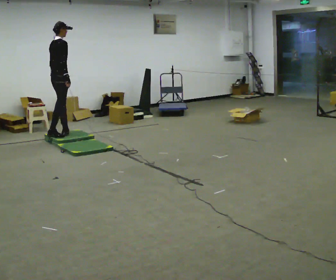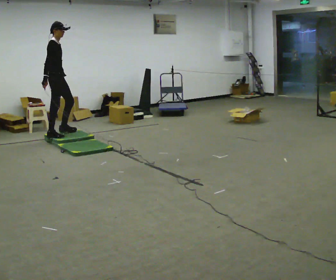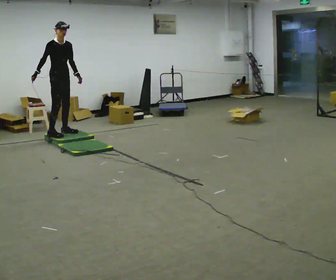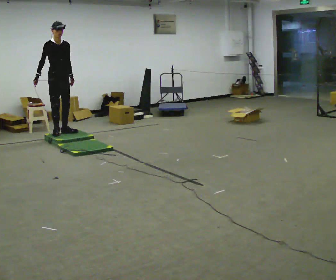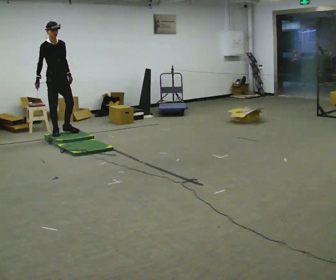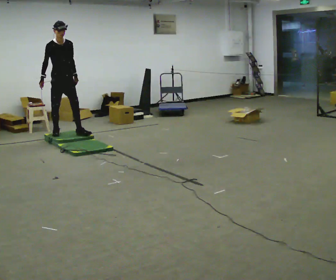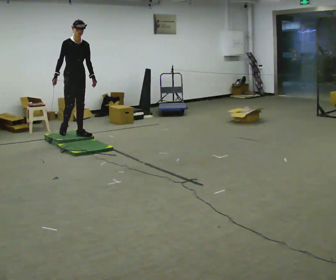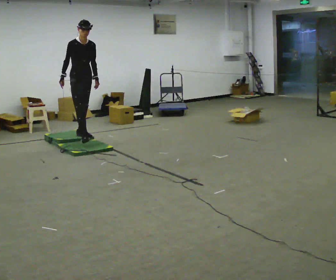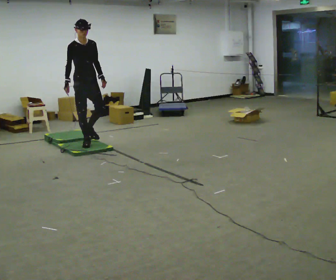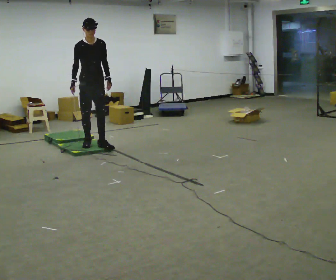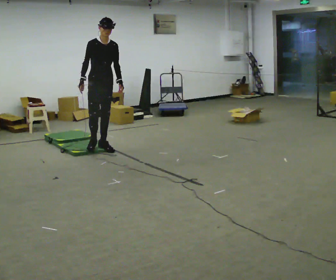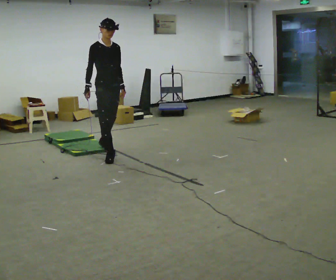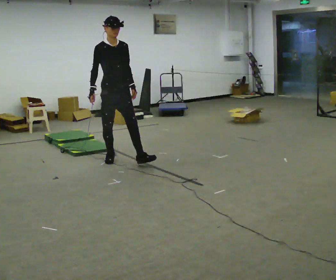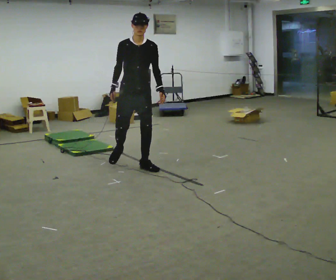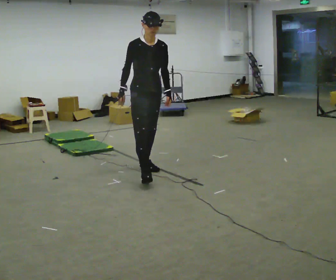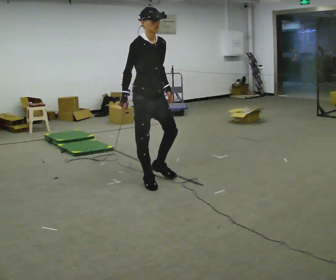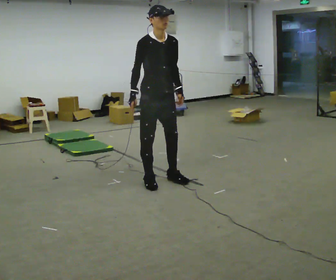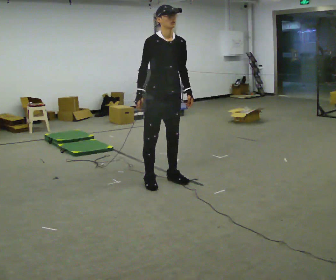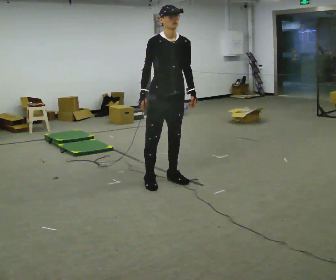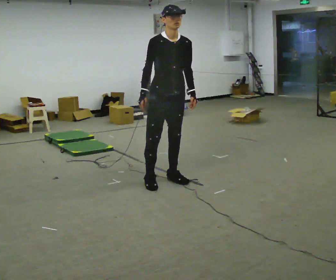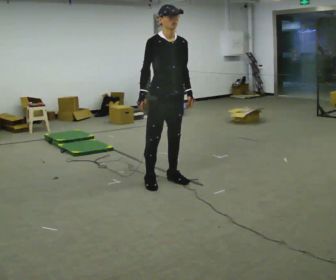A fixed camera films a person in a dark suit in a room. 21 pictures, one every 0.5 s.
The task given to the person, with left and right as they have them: Walk across the mats at a normal pace. They may not all feel the same underfoot. Carry on afterwards.
0.0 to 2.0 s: The part of the body nearest the lens slides to the left as the person turns to their right by about 90 degrees. In the picture their right hand goes to the left.
2.0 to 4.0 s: In the picture they go toward the camera and to the right, about 0.5 m in 2 steps, which for them is forward.
4.0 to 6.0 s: In the picture they go toward the camera and to the right, about 1 m in 2 steps, which for them is forward.
6.0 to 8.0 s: In the picture they go toward the camera and to the right, about 1 m in 3 steps, which for them is forward.
8.0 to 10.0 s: The person moves a little, or ends about where they began.
The film runs forward here.
